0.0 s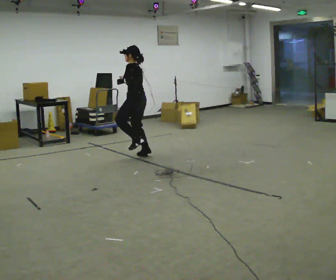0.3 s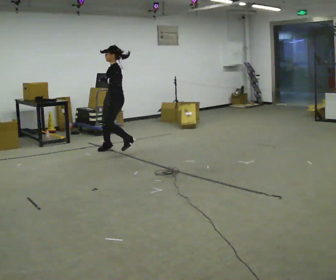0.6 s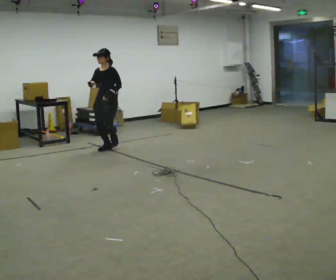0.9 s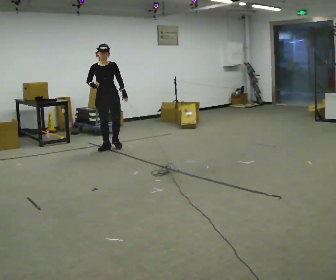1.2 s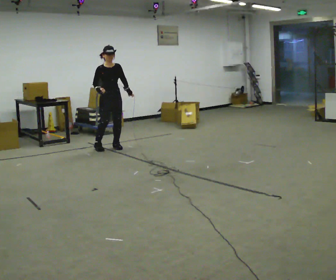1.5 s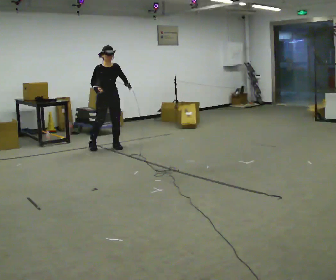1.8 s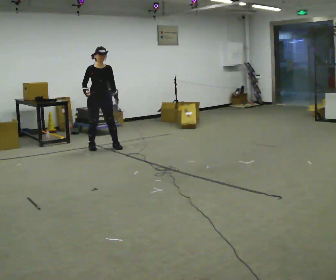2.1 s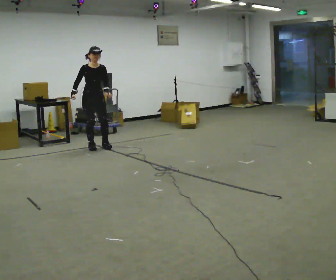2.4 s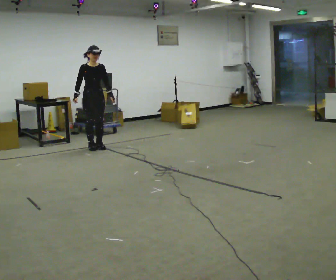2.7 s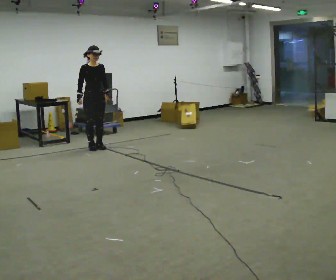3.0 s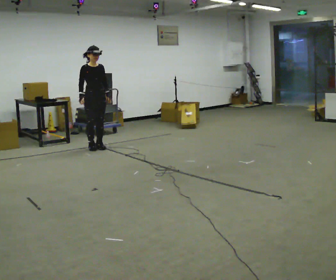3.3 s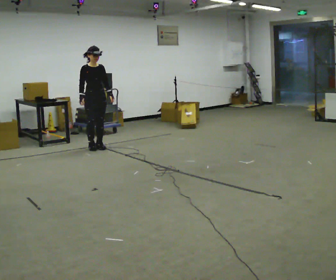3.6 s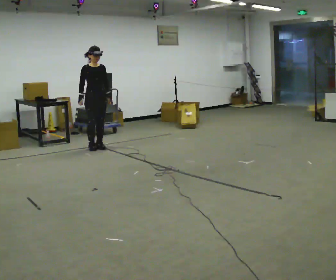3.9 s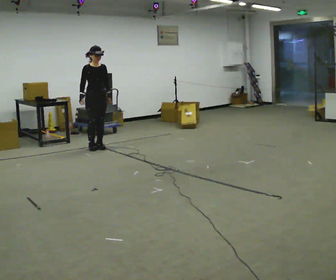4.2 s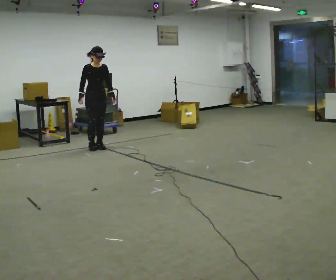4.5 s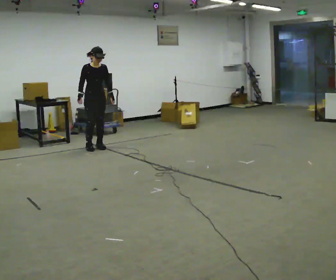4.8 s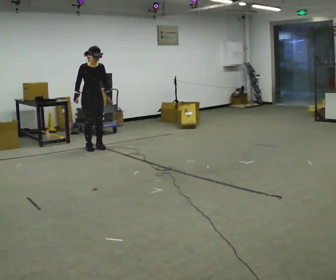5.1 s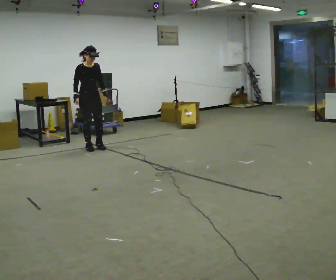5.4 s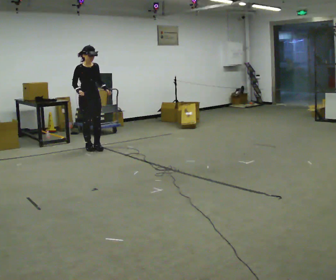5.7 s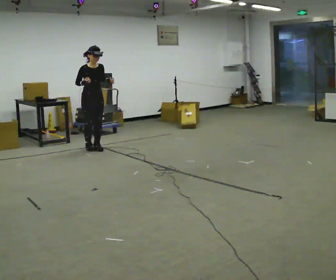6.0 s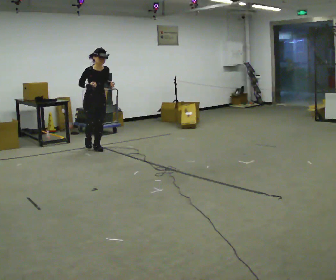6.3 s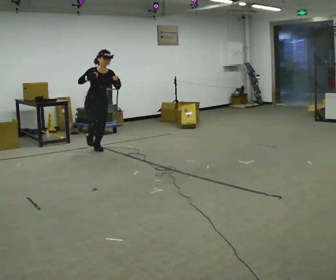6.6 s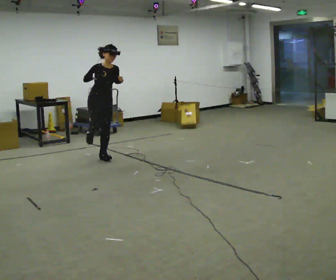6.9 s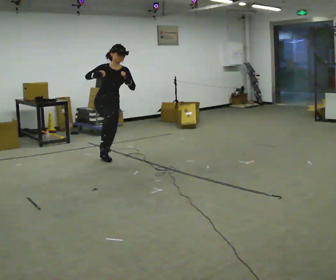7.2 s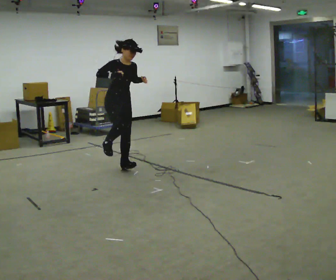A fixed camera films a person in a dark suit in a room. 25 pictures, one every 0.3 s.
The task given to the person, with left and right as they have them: Hop forward on the leg the operator calls, keeping the other foot off the floor.
0.0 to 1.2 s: The person turns about 135 degrees to their left, counterclockwise seen from above, so the part of the body nearest the lens slides to the right. In the picture they go away from the camera and to the left, about 0.75 m in 2 steps.
1.2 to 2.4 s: In the picture they go to the left, about 0.25 m in 2 steps, which for them is to their right.
2.4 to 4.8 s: The person moves a little, or ends about where they began.
4.8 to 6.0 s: In the picture they go toward the camera, about 0.25 m, which for them is forward.
6.0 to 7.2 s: In the picture they go toward the camera, about 1 m in 2 steps, which for them is forward.
The film runs forward here.
